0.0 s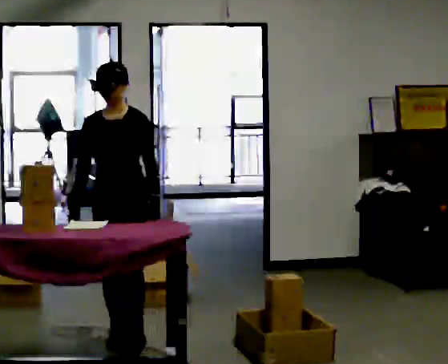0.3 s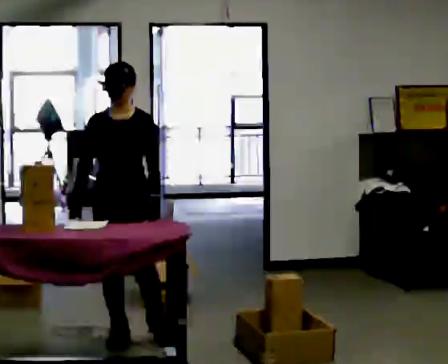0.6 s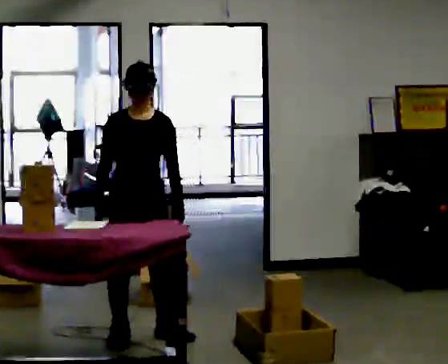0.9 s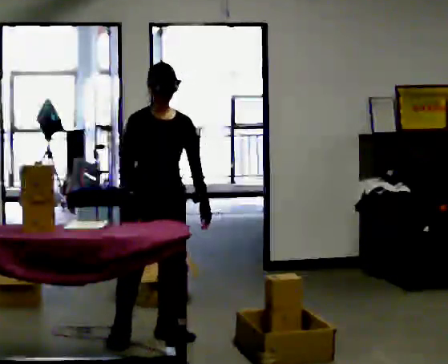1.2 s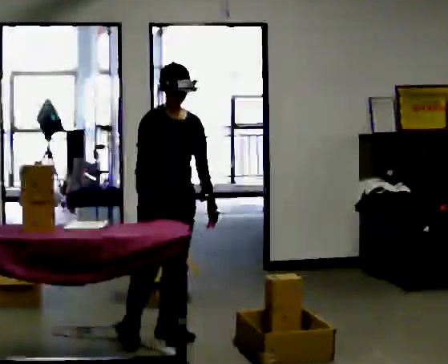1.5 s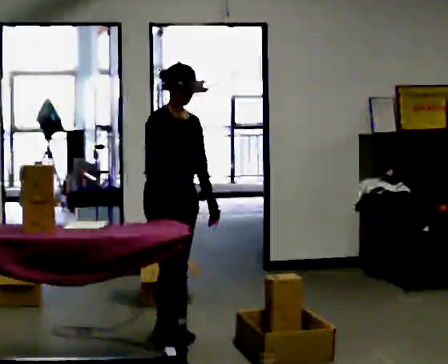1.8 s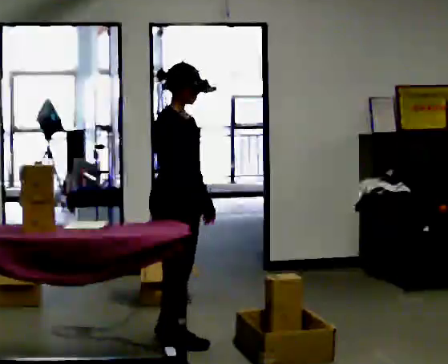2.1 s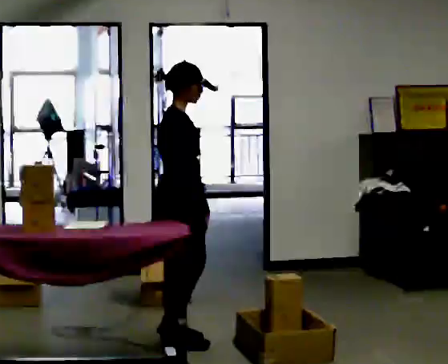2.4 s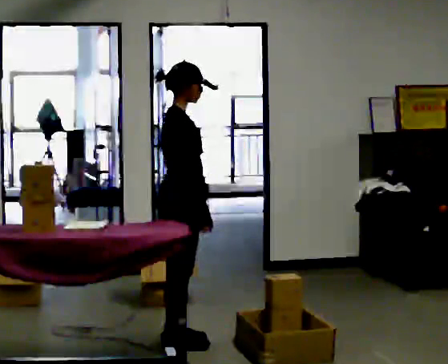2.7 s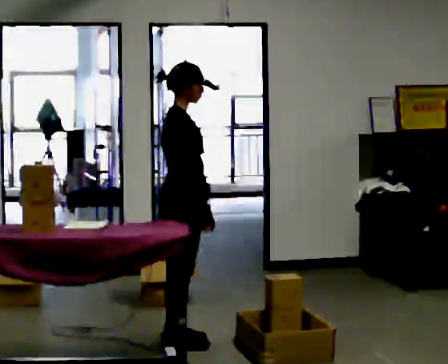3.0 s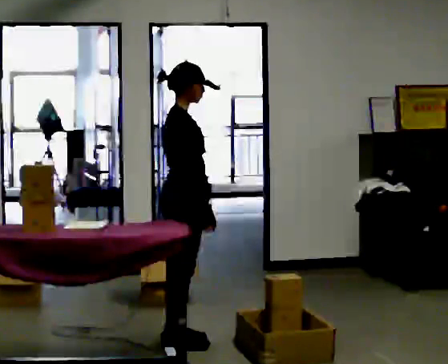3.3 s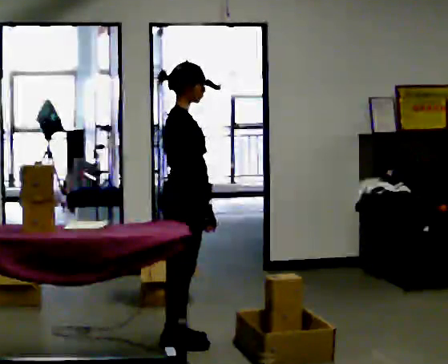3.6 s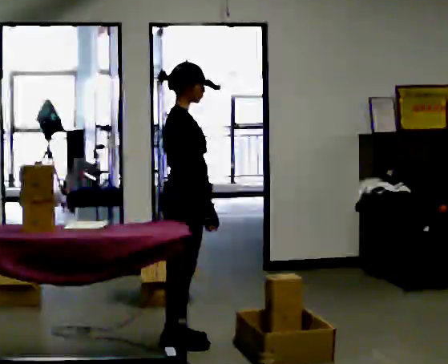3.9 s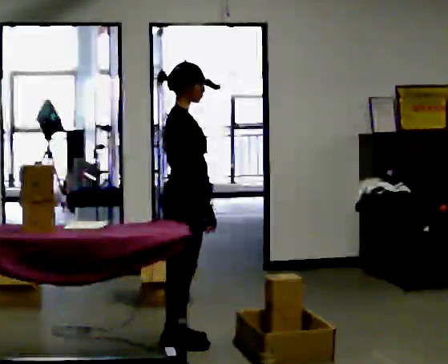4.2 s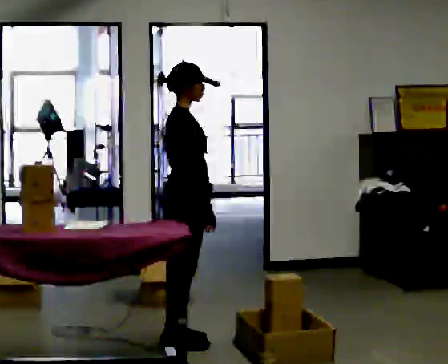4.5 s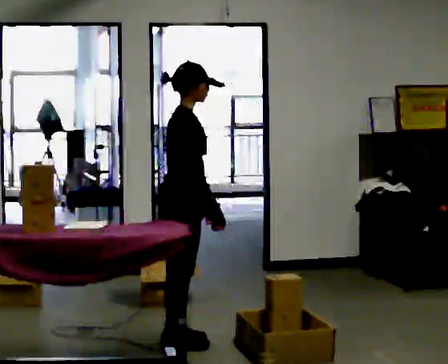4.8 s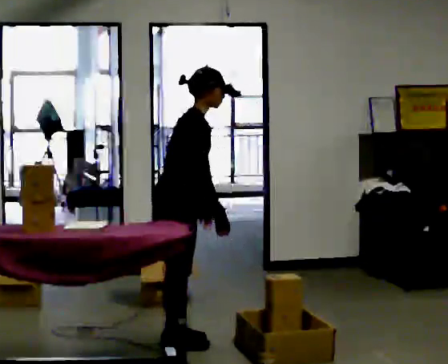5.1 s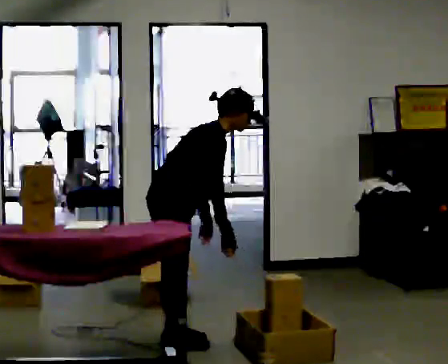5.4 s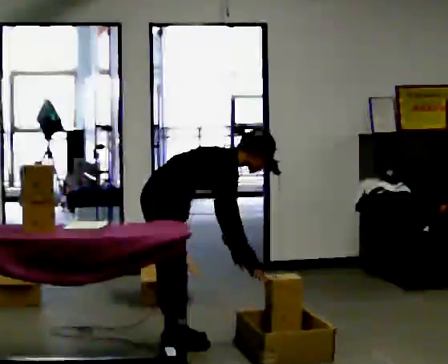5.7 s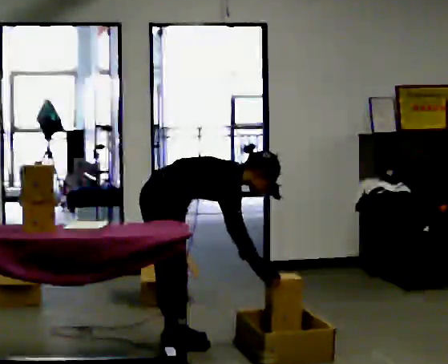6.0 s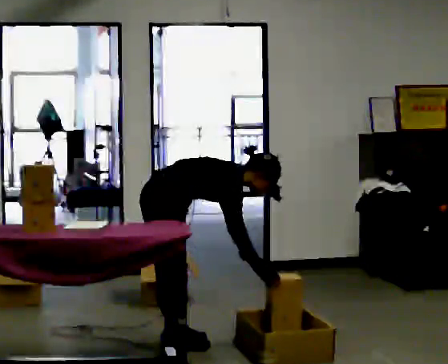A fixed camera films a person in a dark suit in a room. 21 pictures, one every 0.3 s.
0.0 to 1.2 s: The part of the body nearest the lens slides to the right as the person turns to their left by about 45 degrees. In the picture they go to the right, about 0.25 m in 1 step, which for them is to their left.
1.2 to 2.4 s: Seen from above the body turns counterclockwise, about 60 degrees: to their left, with its near side sliding to the right. In the picture they go toward the camera, about 0.25 m in 1 step. In the picture their right hand goes to the right.
2.4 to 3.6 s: The person moves a little, or ends about where they began.
3.6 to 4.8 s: In the picture the upper body tilts clockwise, shoulders to the right, as they bend forward.
4.8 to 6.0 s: The upper body goes downward. In the picture the upper body tilts clockwise, shoulders to the right, as they bend forward. In the picture their left hand goes downward.
The film runs backward here.
